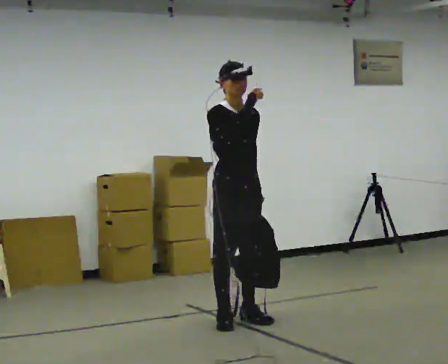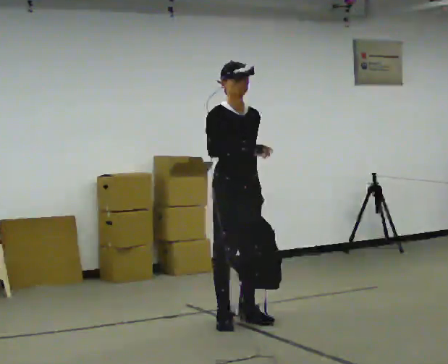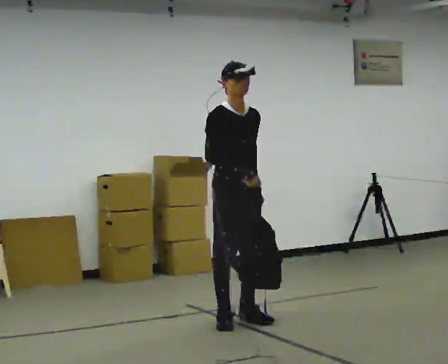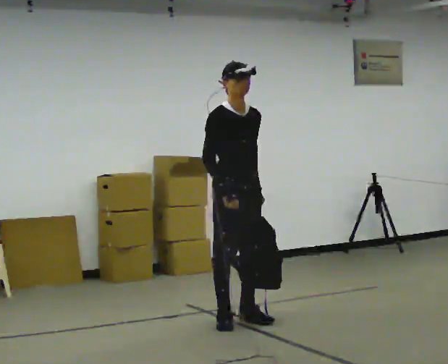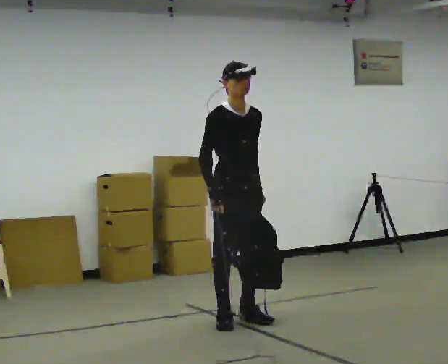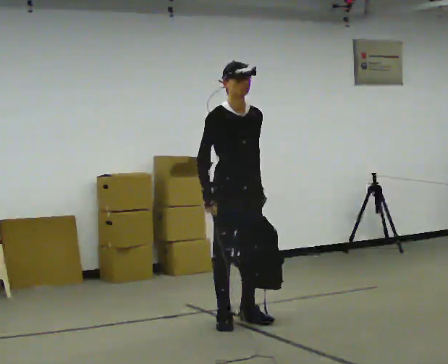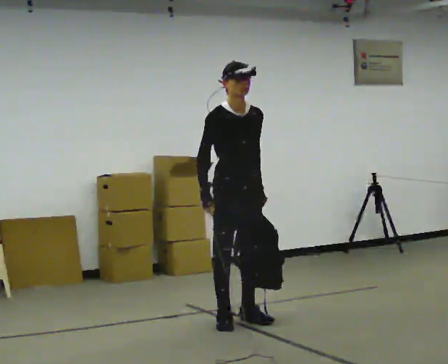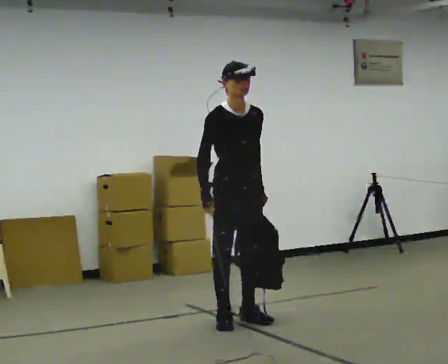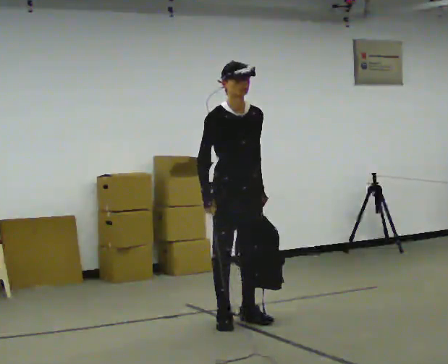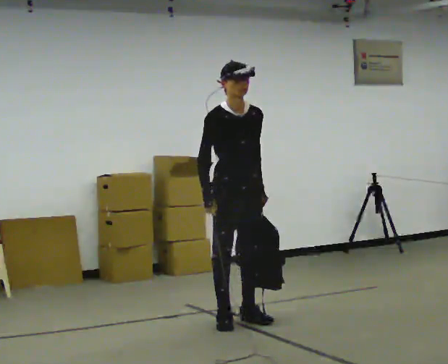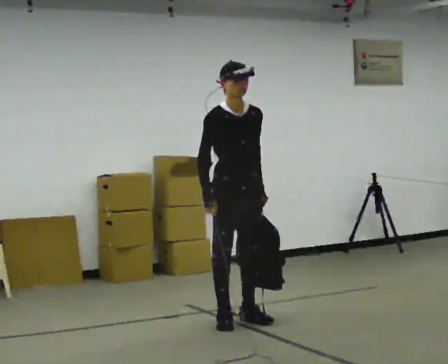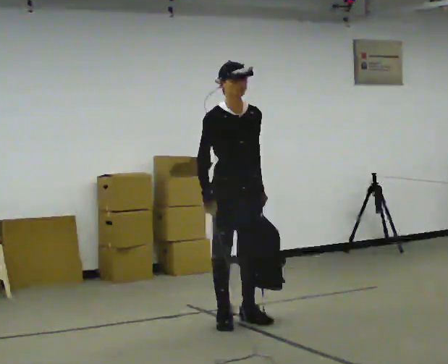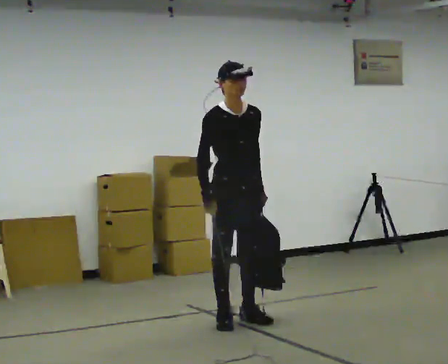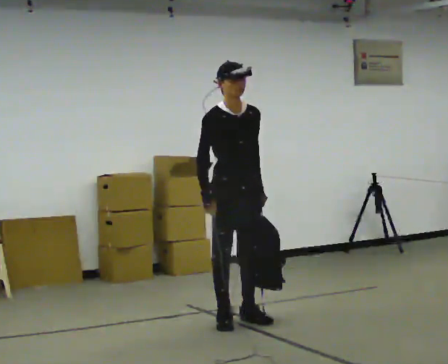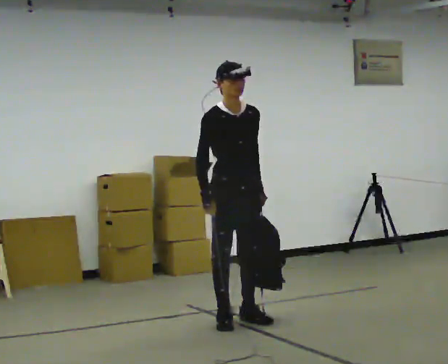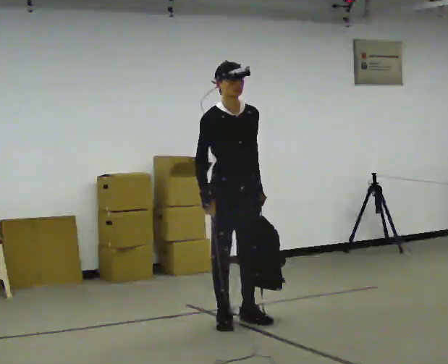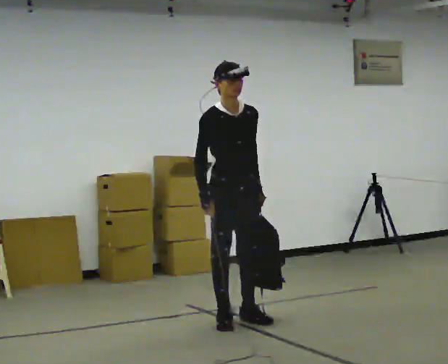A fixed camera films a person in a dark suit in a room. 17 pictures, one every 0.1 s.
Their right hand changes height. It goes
downward.
0.0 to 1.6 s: In the picture their right hand goes downward.
The film runs forward here.
